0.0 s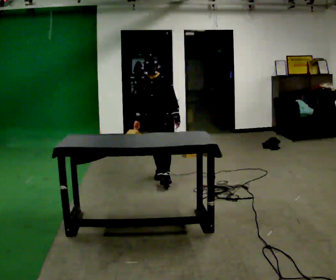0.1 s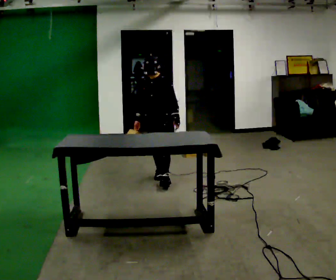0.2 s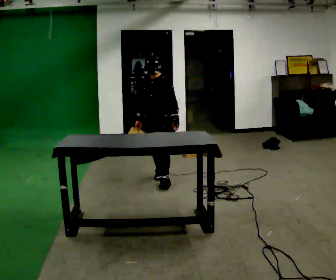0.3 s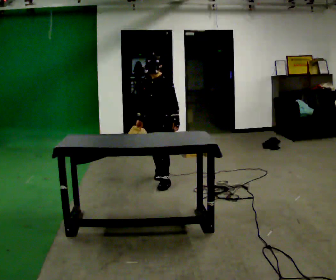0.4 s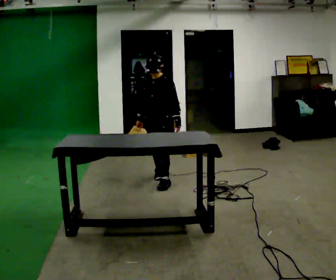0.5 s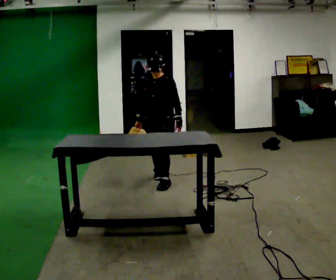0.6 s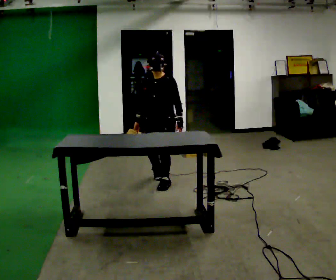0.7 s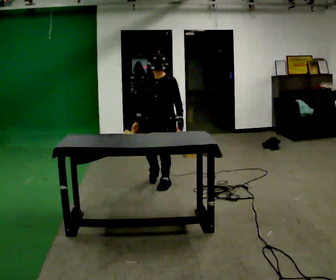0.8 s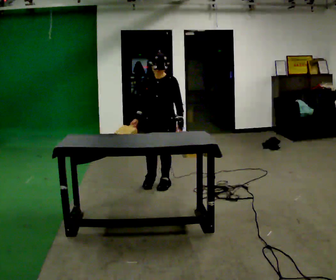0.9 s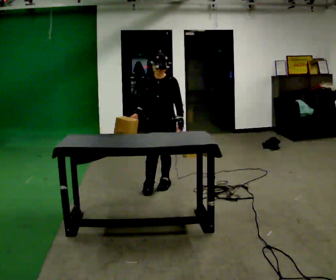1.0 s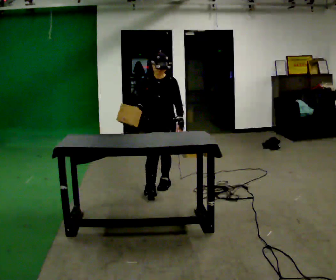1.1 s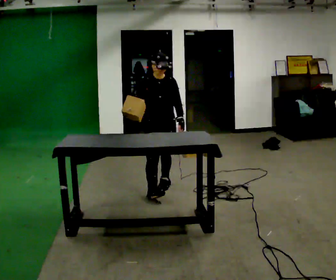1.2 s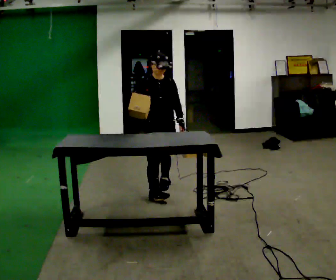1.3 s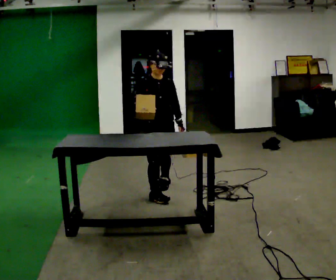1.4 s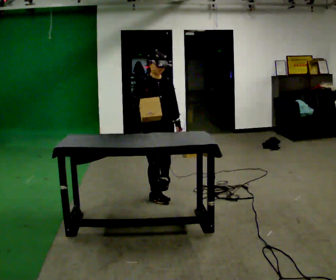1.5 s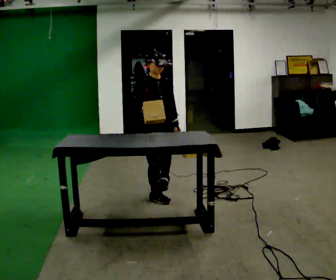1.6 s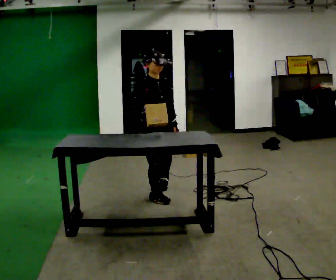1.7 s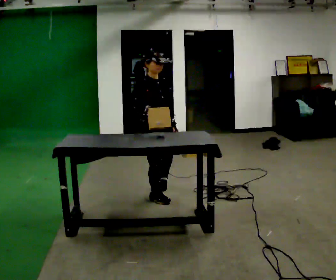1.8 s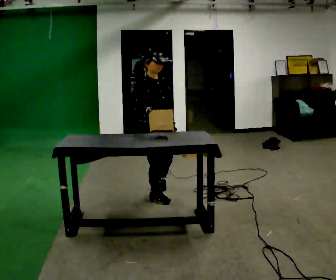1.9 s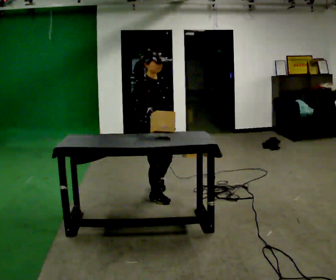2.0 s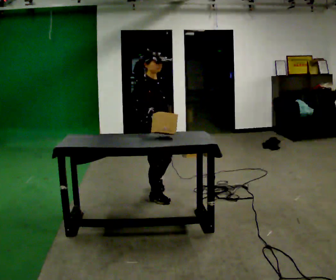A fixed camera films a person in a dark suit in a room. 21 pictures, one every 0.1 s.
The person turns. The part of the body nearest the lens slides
to the right.
The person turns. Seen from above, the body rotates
counterclockwise.
0.0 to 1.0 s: The part of the body nearest the lens slides to the right as the person turns to their left by about 30 degrees. In the picture they go toward the camera, about 0.5 m, which for them is forward.
1.0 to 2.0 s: Seen from above the body turns counterclockwise, about 45 degrees: to their left, with its near side sliding to the right. In the picture they go toward the camera, about 0.25 m in 2 steps, which for them is to their right and forward.
The film runs forward here.
